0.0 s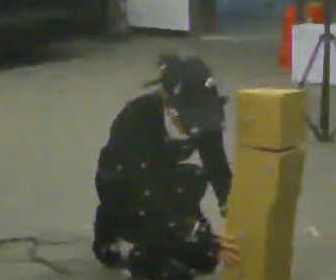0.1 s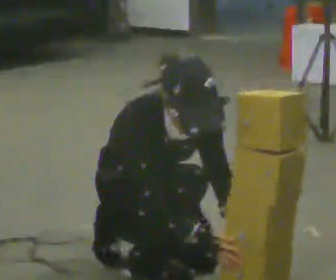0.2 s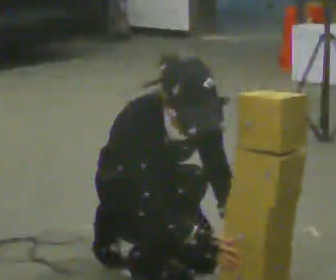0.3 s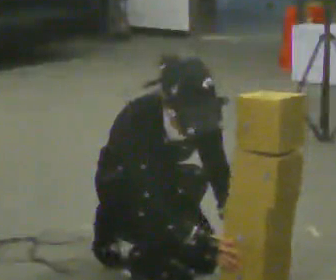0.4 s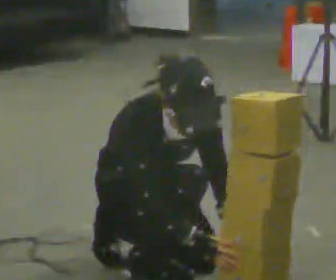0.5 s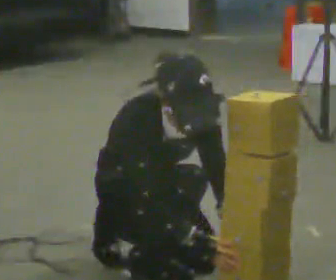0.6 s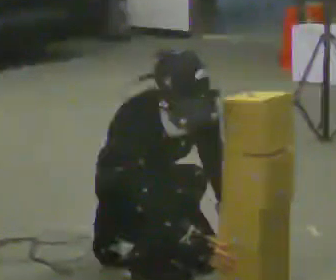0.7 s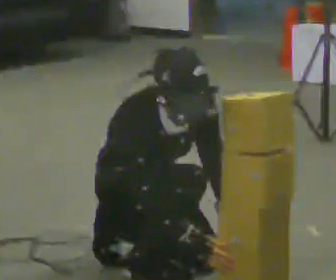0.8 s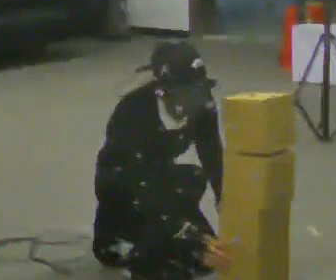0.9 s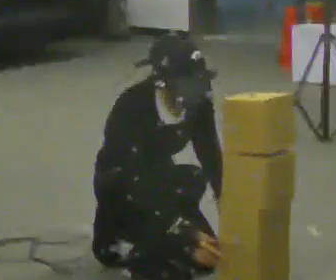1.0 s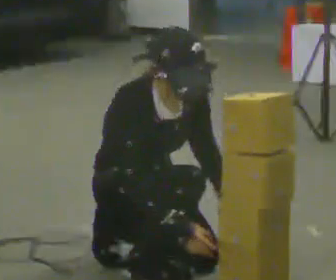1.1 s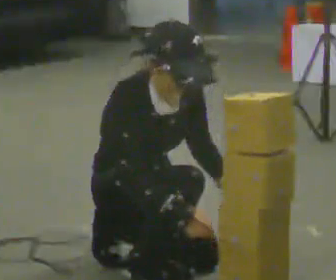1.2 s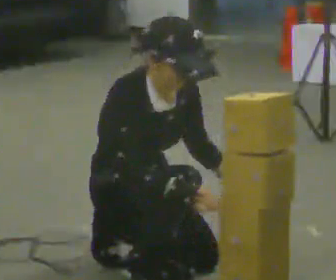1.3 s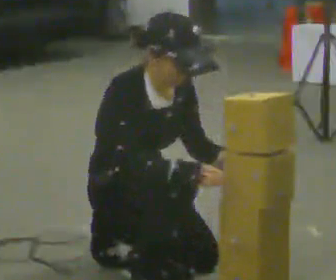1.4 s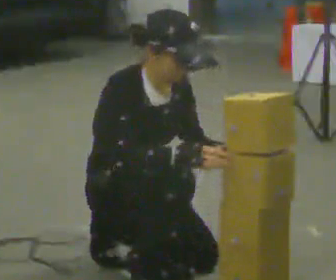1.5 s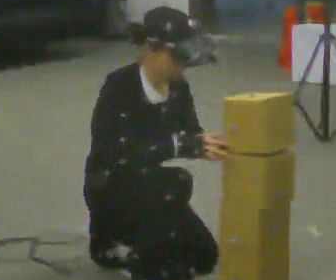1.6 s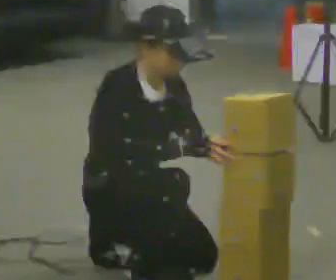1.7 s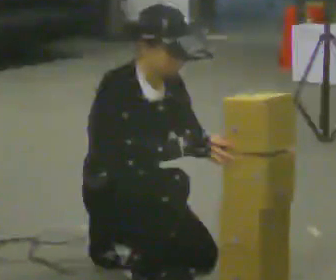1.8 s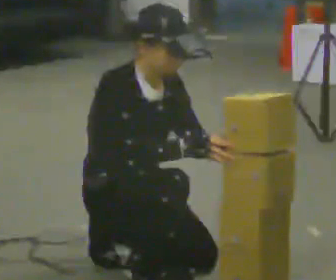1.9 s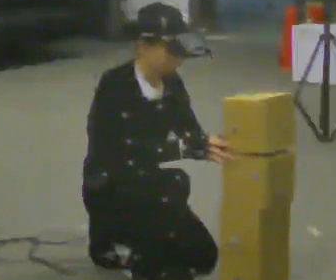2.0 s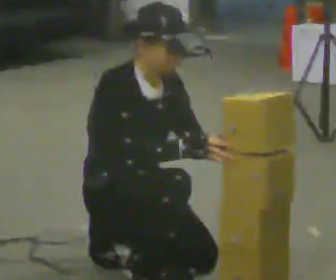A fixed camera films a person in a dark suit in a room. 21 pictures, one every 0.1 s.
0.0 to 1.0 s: The person moves a little, or ends about where they began.
1.0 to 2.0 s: The upper body tips away from the camera, its near side rolling upward, as they lean back or straighten.
The film runs forward here.
